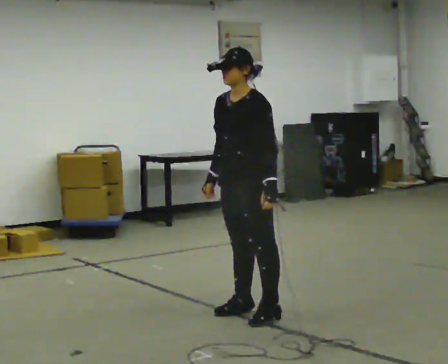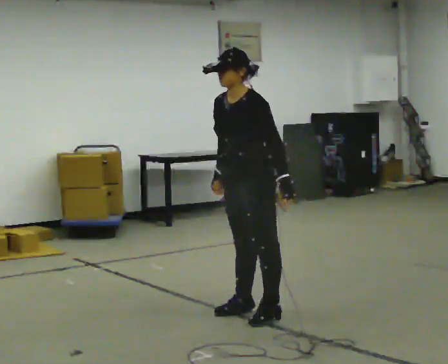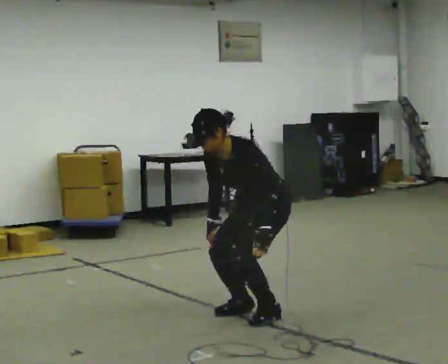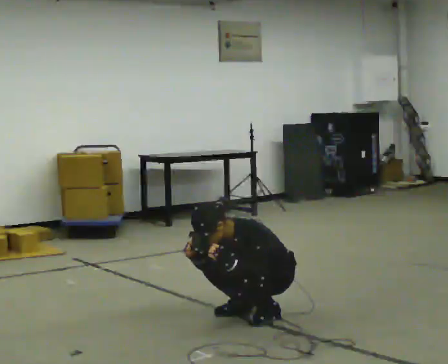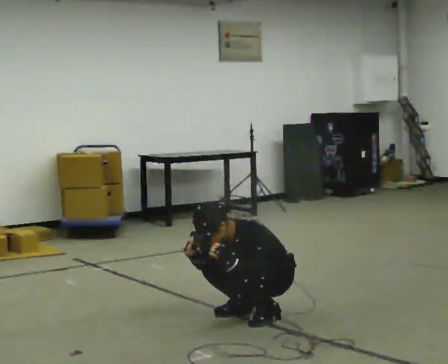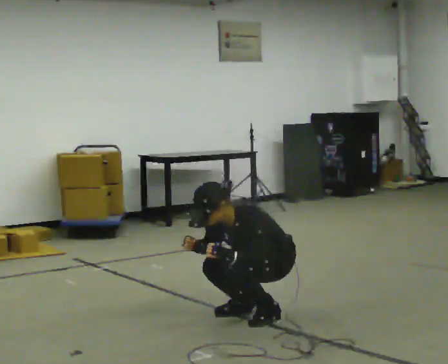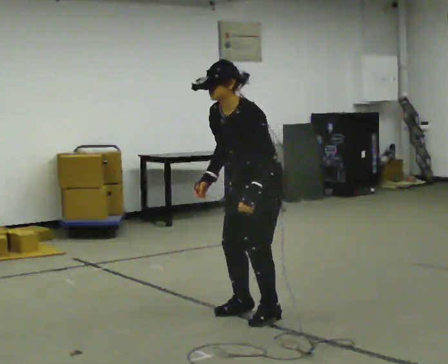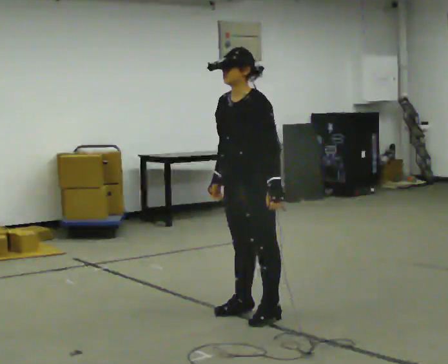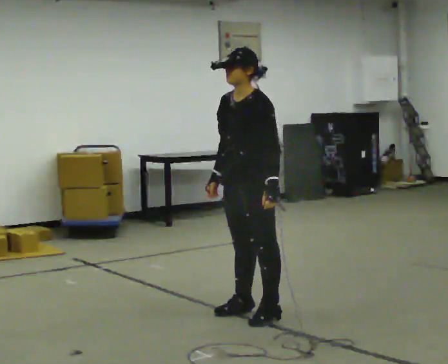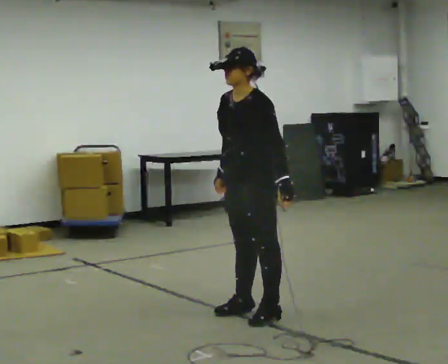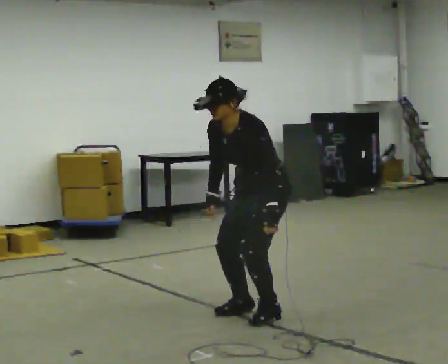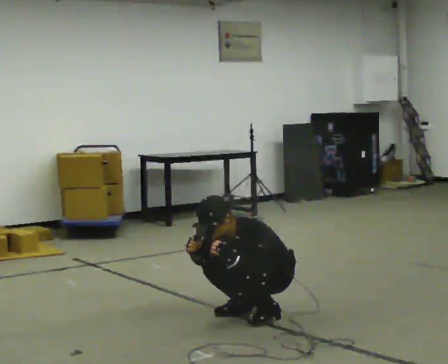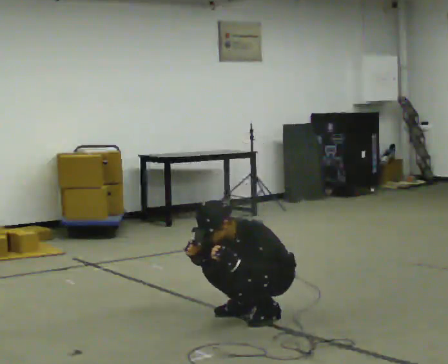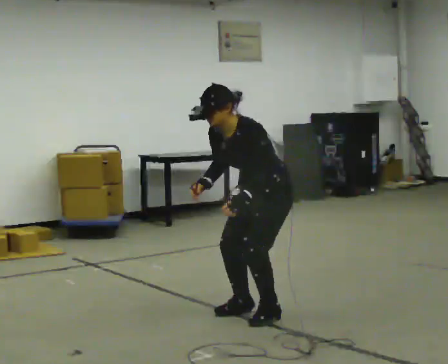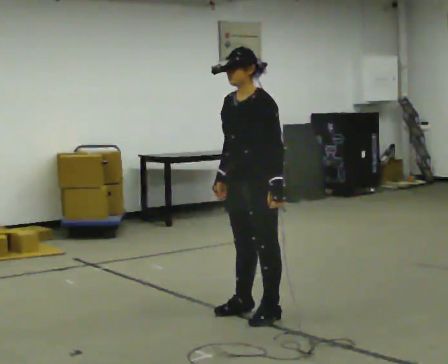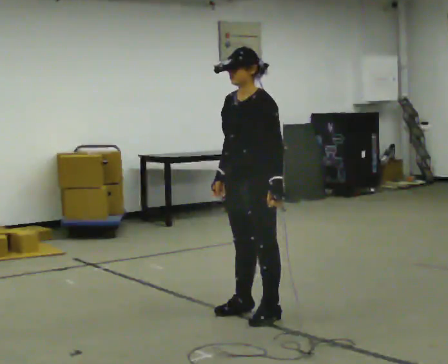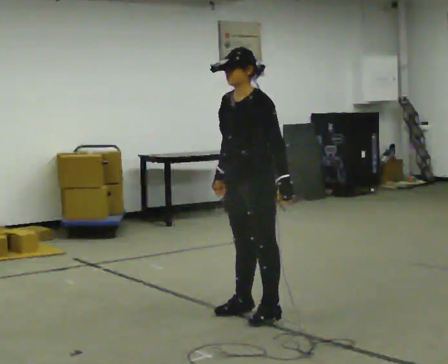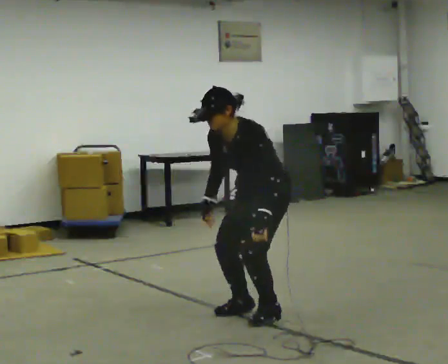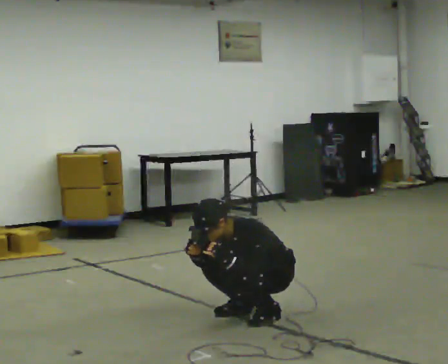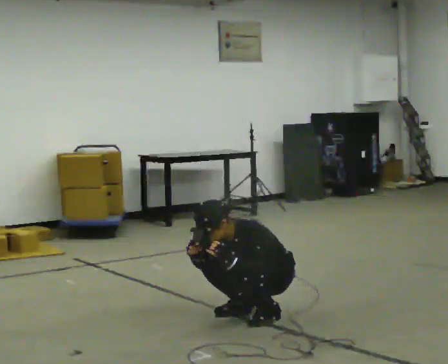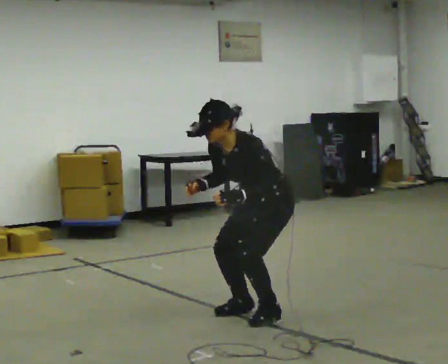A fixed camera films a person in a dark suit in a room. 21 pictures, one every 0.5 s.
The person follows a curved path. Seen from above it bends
clockwise.
0.0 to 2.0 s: In the picture they go to the right, about 0.25 m, which for them is backward. The upper body goes downward. In the picture the upper body tilts counterclockwise, shoulders to the left, as they bend forward. In the picture their left hand goes downward.
2.0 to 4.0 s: The shoulders move upward. In the picture the upper body tilts clockwise, shoulders to the right, as they lean back or straighten. In the picture their left hand goes upward.
4.0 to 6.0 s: In the picture they go to the right, about 0.25 m, which for them is backward. The shoulders move downward. In the picture the upper body tilts counterclockwise, shoulders to the left, as they bend forward. In the picture their left hand goes downward.
6.0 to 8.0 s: The shoulders move upward. In the picture the upper body tilts clockwise, shoulders to the right, as they lean back or straighten. In the picture their left hand goes upward and to the right.
8.0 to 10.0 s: The person moves a little, or ends about where they began.
The film runs backward here.
